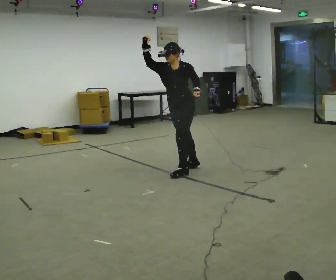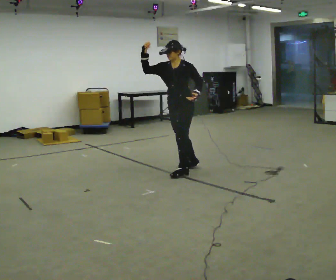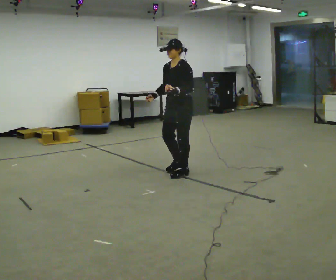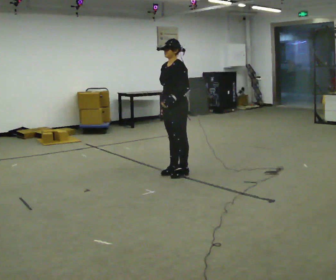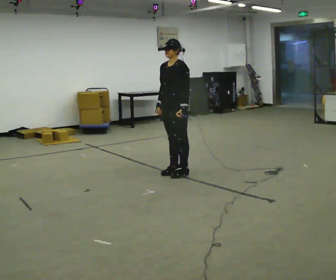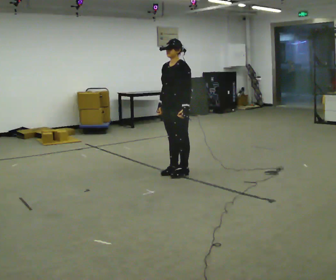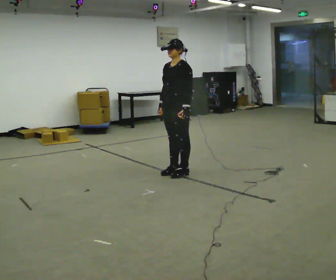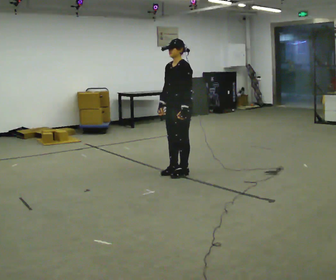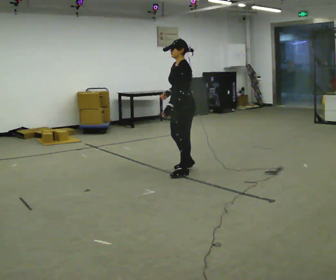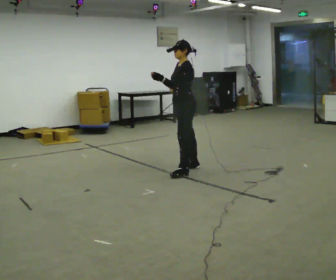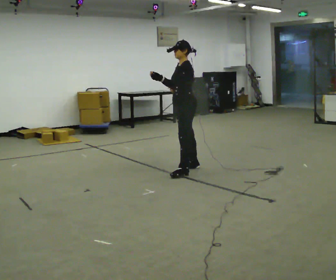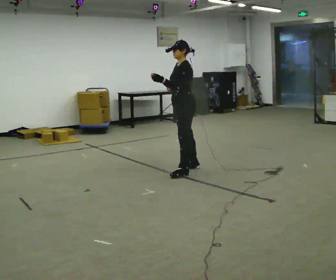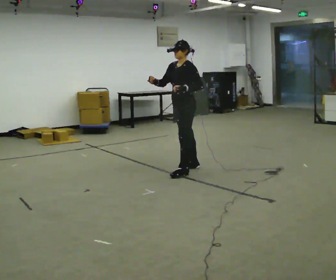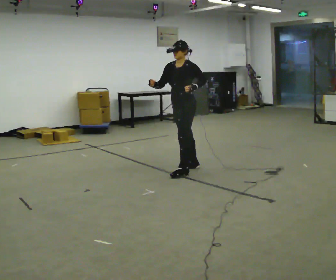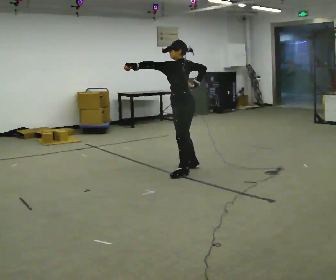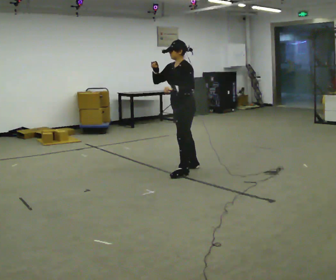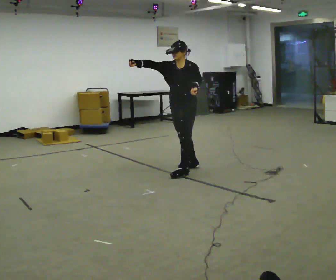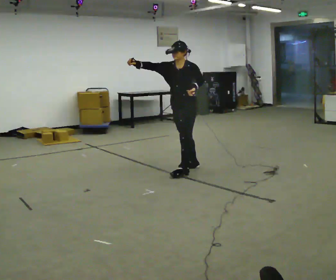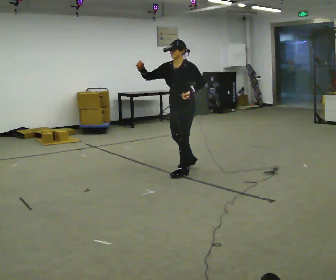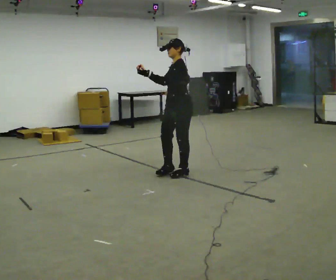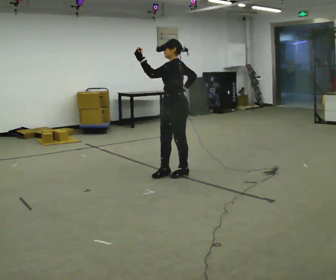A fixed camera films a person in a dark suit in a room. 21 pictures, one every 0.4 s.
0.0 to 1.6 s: In the picture their right hand goes downward, the arm swinging counterclockwise.
1.6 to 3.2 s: Seen from above the body turns clockwise, about 30 degrees: to their right, with its near side sliding to the left.
3.2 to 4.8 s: The person moves a little, or ends about where they began.
4.8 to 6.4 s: Seen from above the body turns counterclockwise, about 30 degrees: to their left, with its near side sliding to the right.
6.4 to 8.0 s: Seen from above the body turns clockwise, about 45 degrees: to their right, with its near side sliding to the left. In the picture they go toward the camera, about 0.25 m in 1 step, which for them is forward. In the picture their right hand goes to the right and downward.
The film runs forward here.
